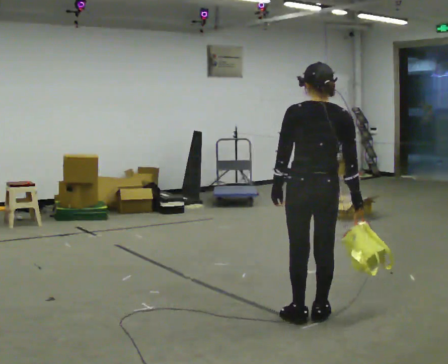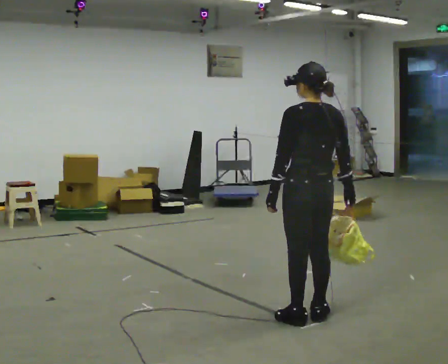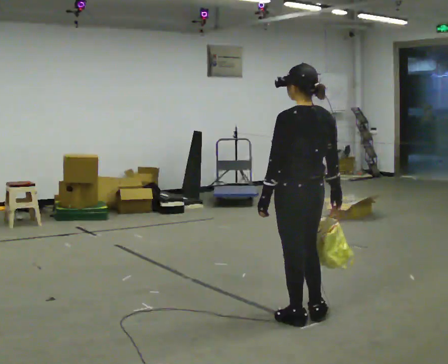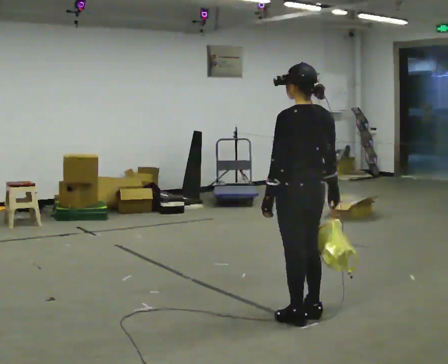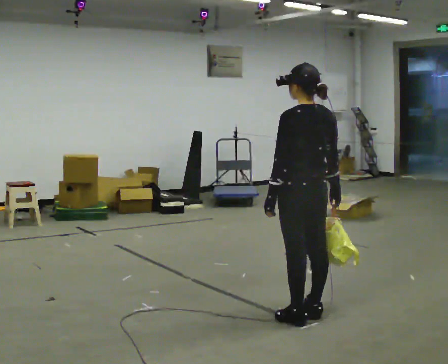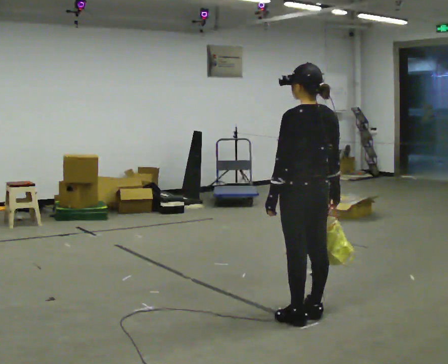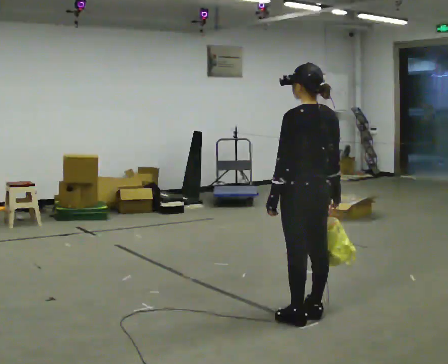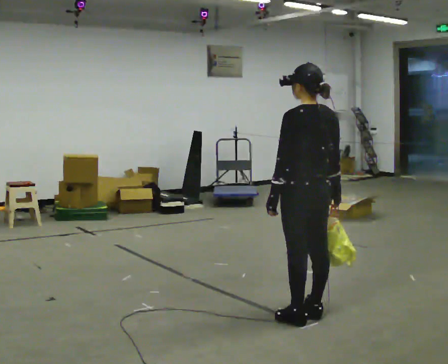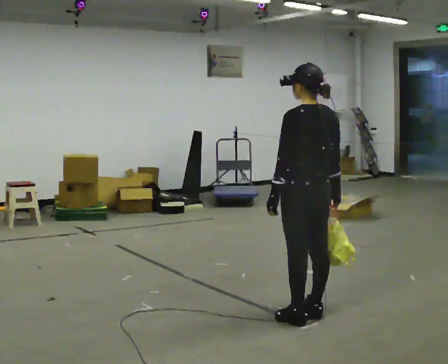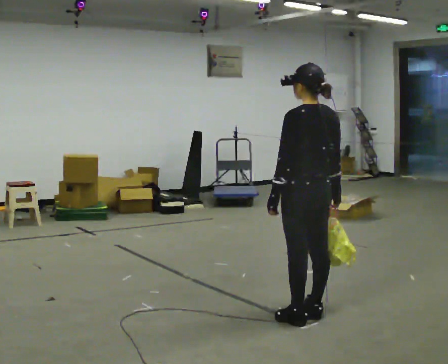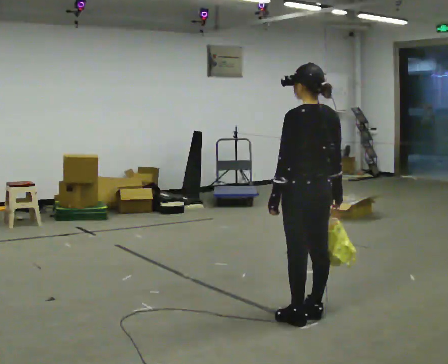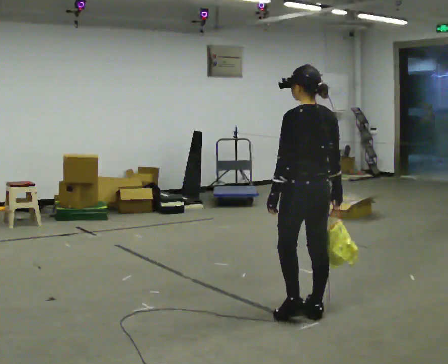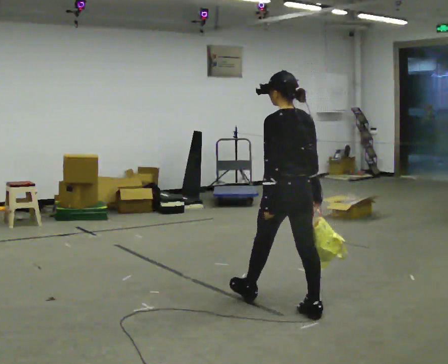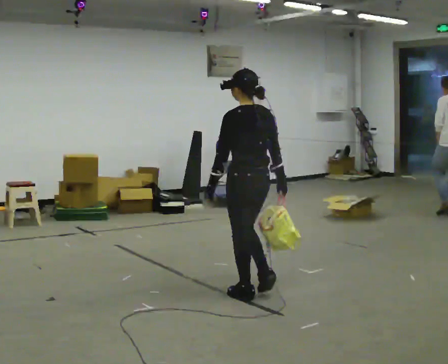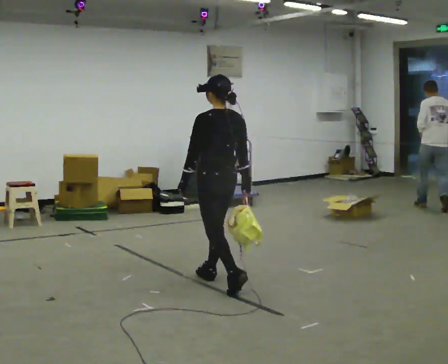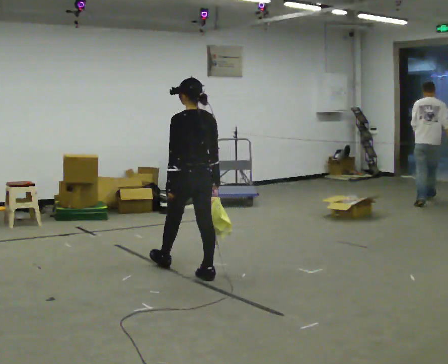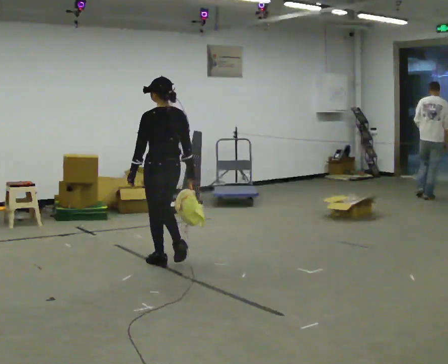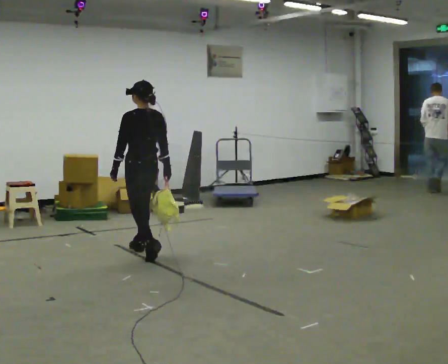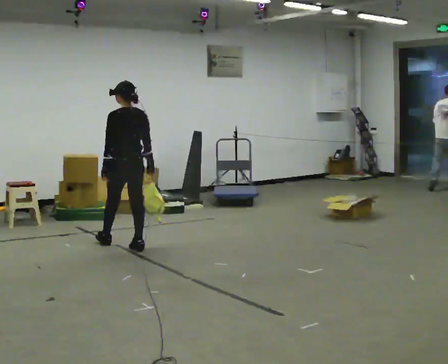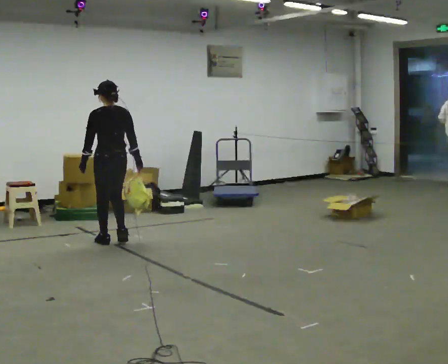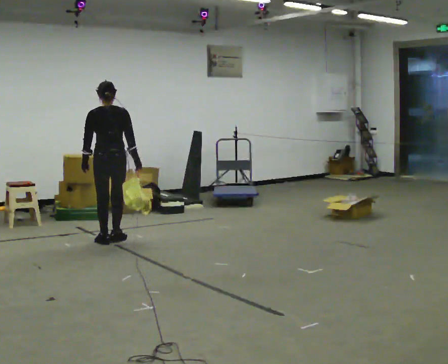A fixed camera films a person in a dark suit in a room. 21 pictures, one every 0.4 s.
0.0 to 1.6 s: Seen from above the body turns counterclockwise, about 30 degrees: to their left, with its near side sliding to the right.
1.6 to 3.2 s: The person keeps their place and pose.
3.2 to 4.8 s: In the picture they go away from the camera, about 0.25 m, which for them is forward.
4.8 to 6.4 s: In the picture they go to the left and away from the camera, about 1.5 m in 3 steps, which for them is forward.
6.4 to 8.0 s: Seen from above the body turns clockwise, about 30 degrees: to their right, with its near side sliding to the left. In the picture they go to the left and away from the camera, about 1 m in 3 steps, which for them is forward.
The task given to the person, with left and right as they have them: Carry the soft bag across the room, back and forth. It will change shape as you move, so hold it however works.
The film runs forward here.
